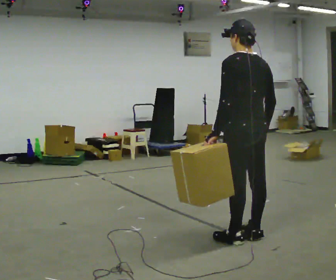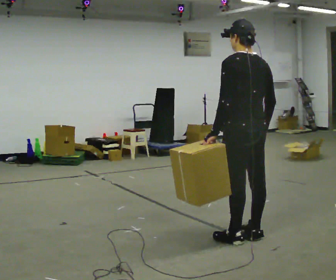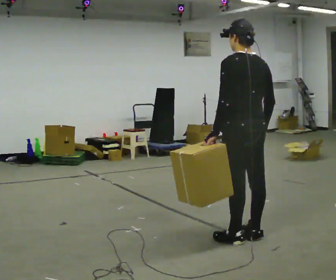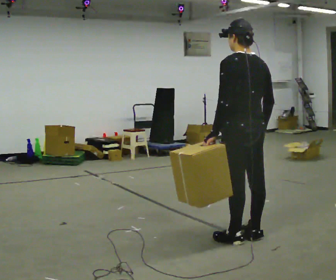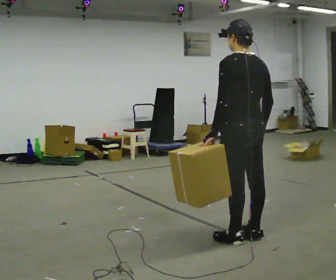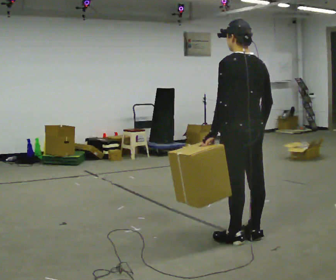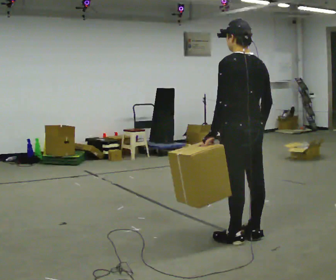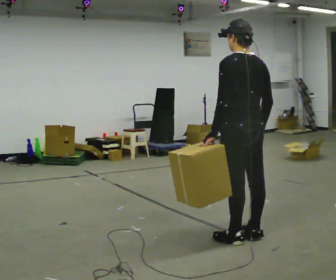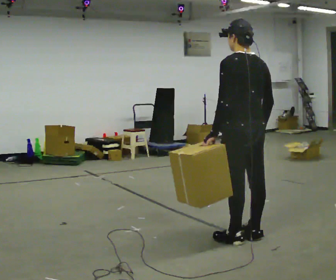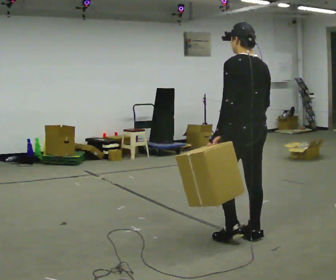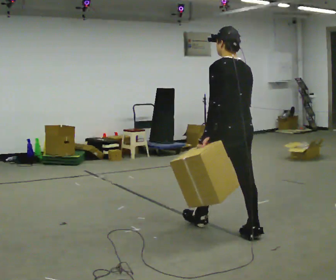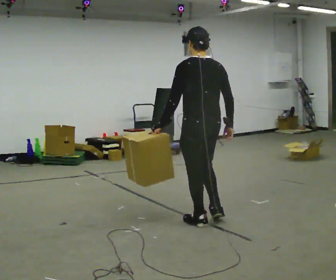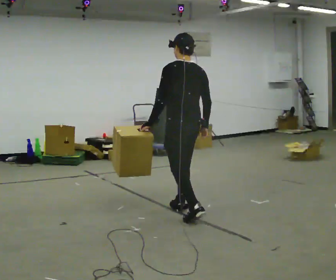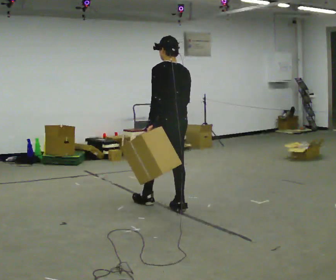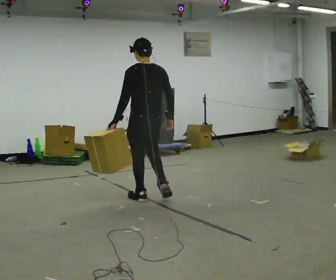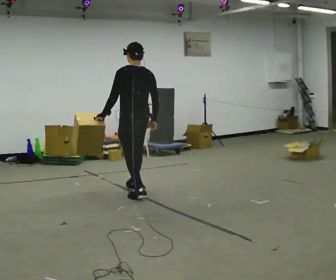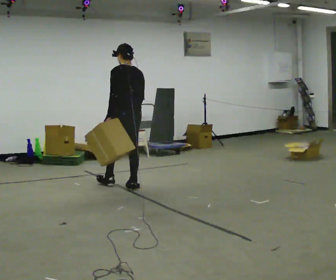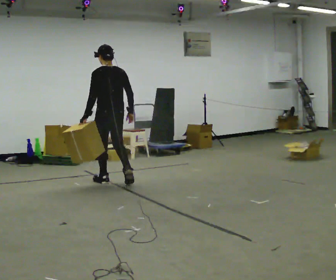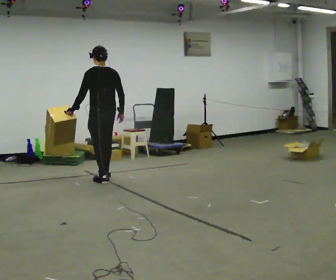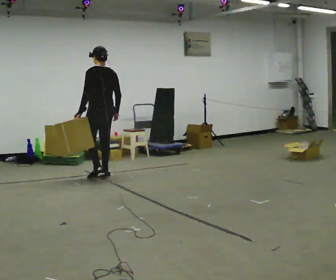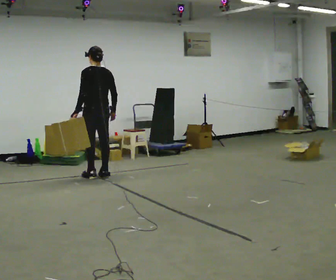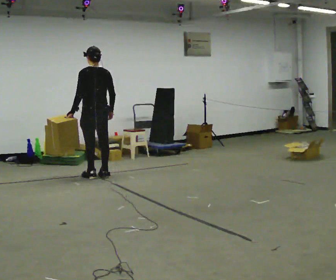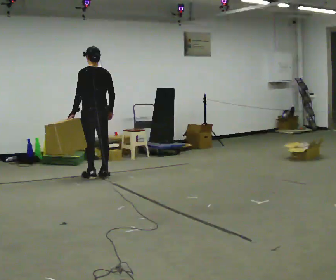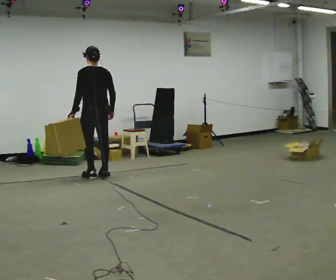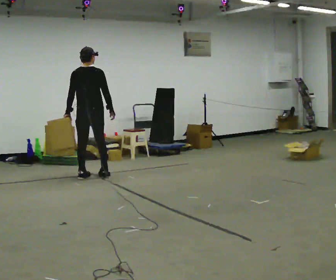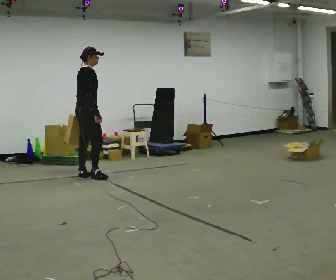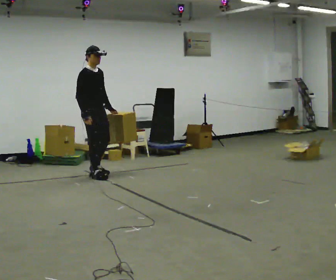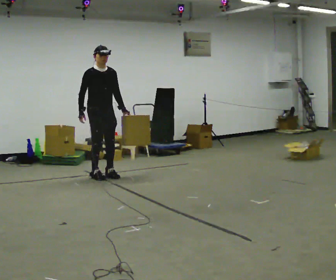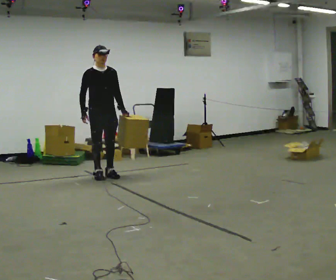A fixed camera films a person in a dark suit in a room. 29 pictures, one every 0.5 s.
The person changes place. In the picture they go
away from the camera.
0.0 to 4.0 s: The person moves a little, or ends about where they began.
4.0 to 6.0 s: In the picture they go away from the camera and to the left, about 1 m in 2 steps, which for them is forward.
6.0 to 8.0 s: In the picture they go away from the camera and to the left, about 1.5 m in 2 steps, which for them is forward.
8.0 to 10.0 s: In the picture they go away from the camera and to the left, about 1 m in 3 steps, which for them is forward.
10.0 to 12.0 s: Seen from above the body turns clockwise, about 45 degrees: to their right, with its near side sliding to the left.
12.0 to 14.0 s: The part of the body nearest the lens slides to the left as the person turns to their right by about 150 degrees. In the picture they go to the right, about 0.25 m in 1 step. In the picture their left hand goes to the right, the arm swinging counterclockwise.
The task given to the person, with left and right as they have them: Carry the box across the room, stopping and starting again each time the operator says stop and go. Do not set the box down.
The film runs forward here.
